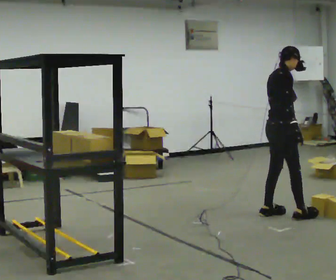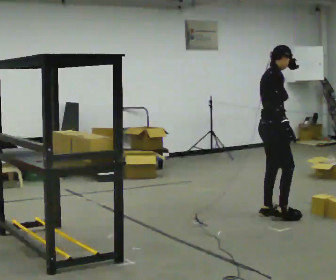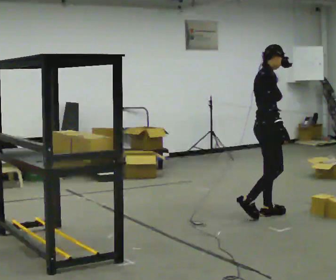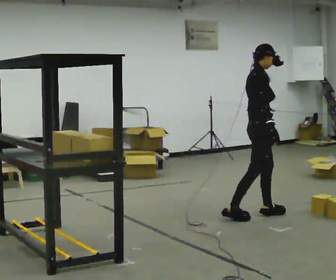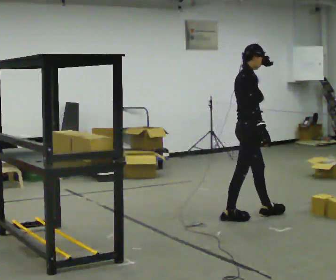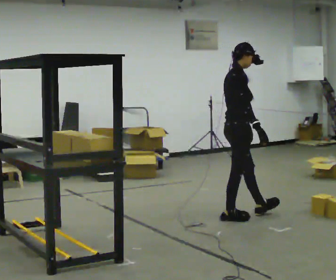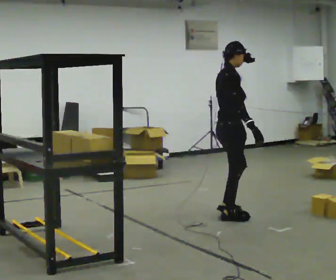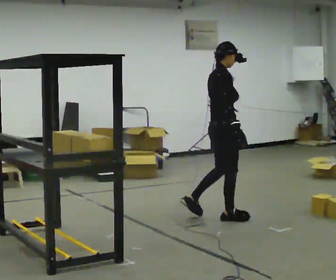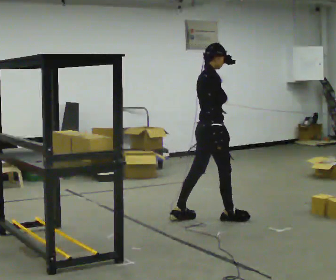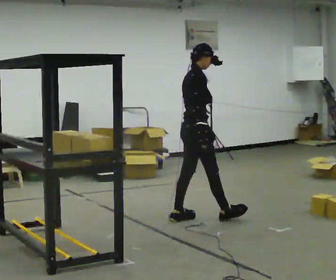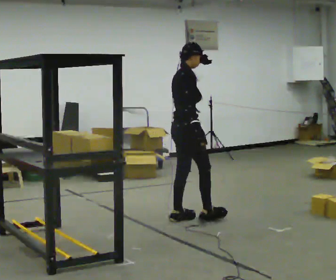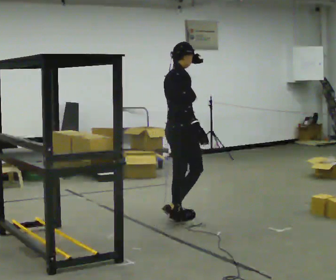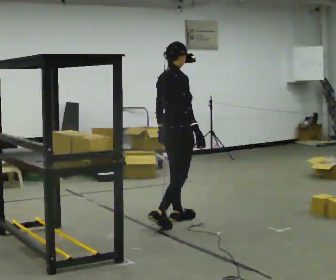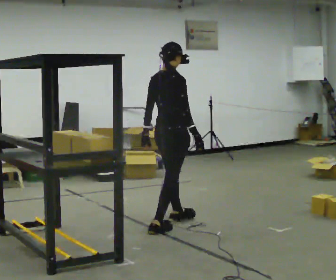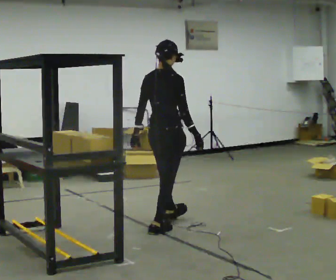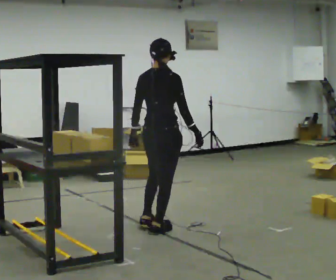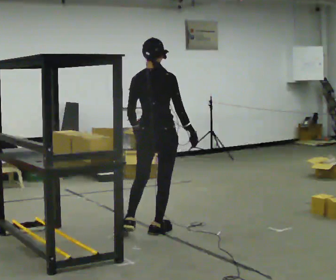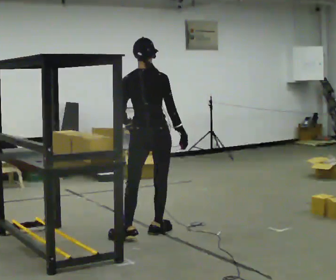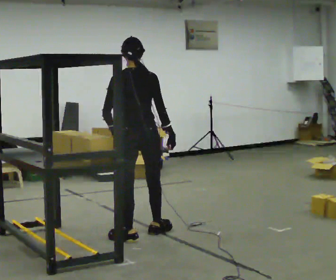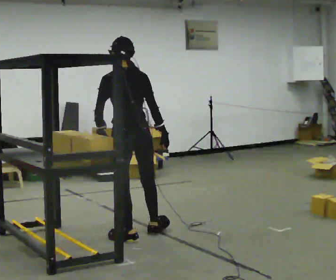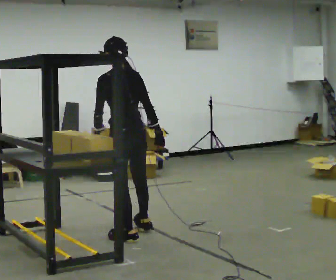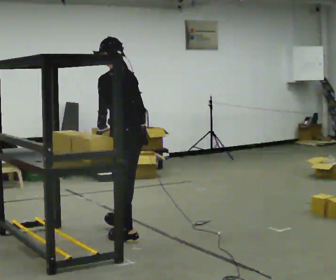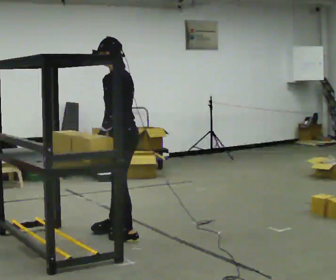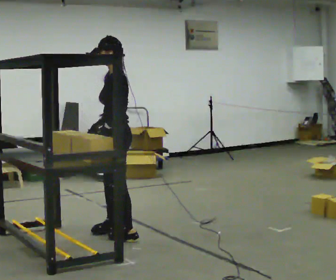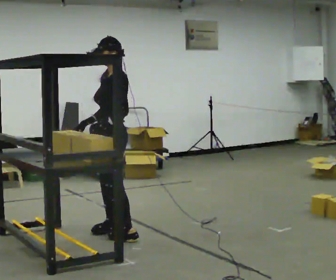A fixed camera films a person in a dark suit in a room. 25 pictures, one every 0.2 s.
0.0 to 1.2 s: In the picture they go to the left, about 0.5 m in 2 steps, which for them is backward and to their right.
1.2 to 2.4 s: In the picture they go to the left, about 0.5 m in 1 step, which for them is backward.
2.4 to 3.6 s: The part of the body nearest the lens slides to the right as the person turns to their left by about 60 degrees. In the picture they go toward the camera and to the left, about 0.5 m in 1 step.
3.6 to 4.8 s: Seen from above the body turns counterclockwise, about 105 degrees: to their left, with its near side sliding to the right. In the picture they go to the left, about 0.25 m in 1 step. In the picture their right hand goes to the left, the arm swinging clockwise.
The film runs backward here.
